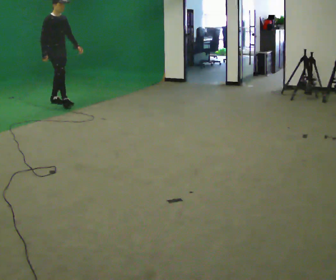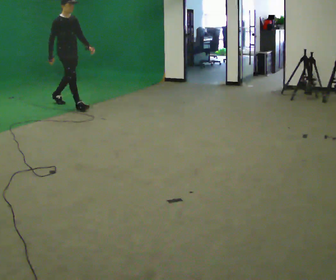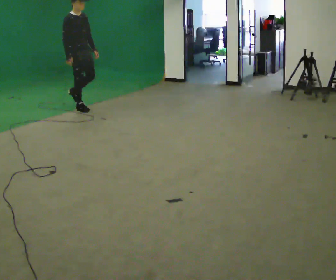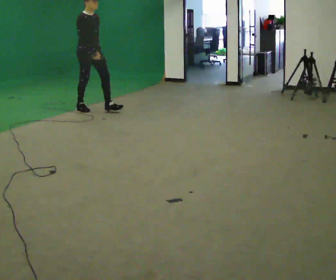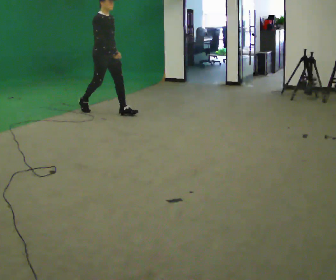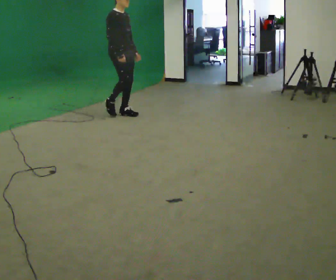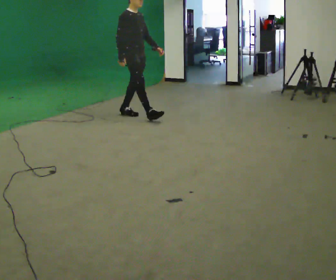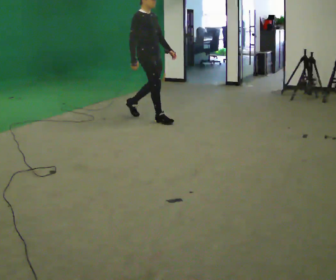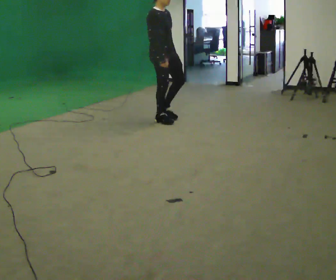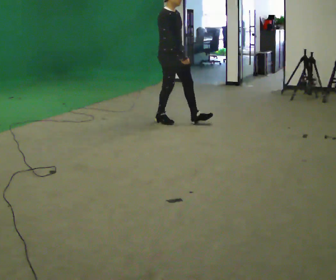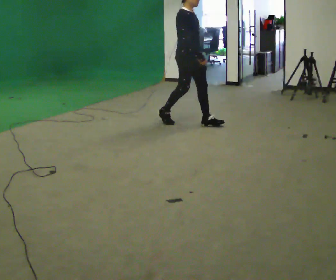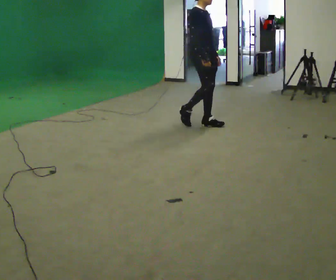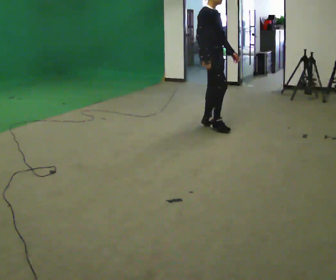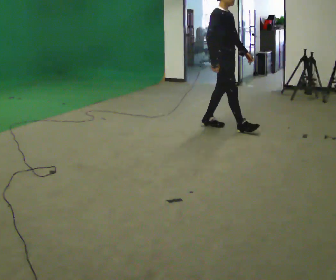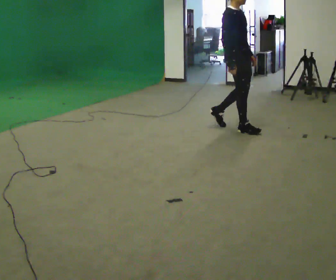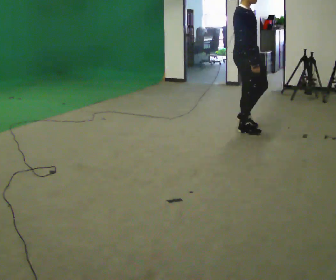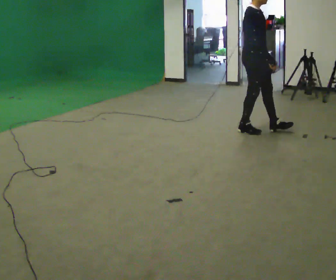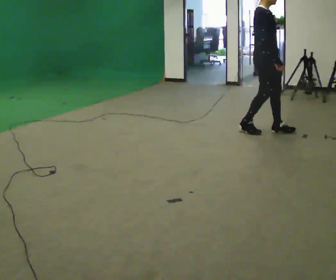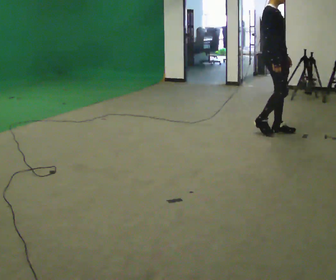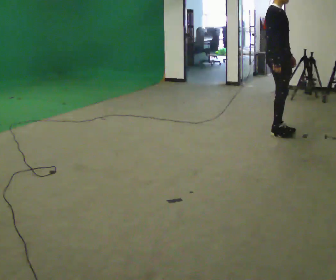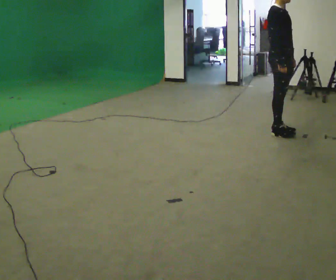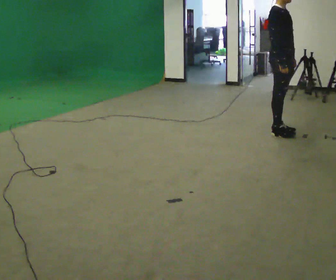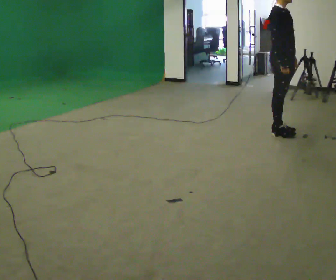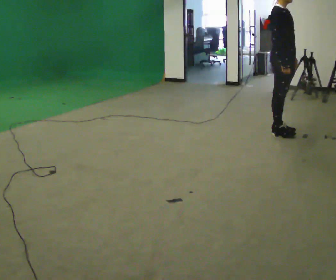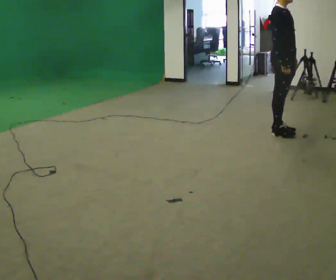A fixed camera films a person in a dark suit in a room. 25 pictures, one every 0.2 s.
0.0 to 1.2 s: In the picture they go to the right and toward the camera, about 1.5 m in 2 steps, which for them is forward.
1.2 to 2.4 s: In the picture they go to the right, about 1 m in 2 steps, which for them is forward.
2.4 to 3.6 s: In the picture they go to the right, about 1 m in 2 steps, which for them is forward.
3.6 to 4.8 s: The person moves a little, or ends about where they began.
The film runs forward here.
